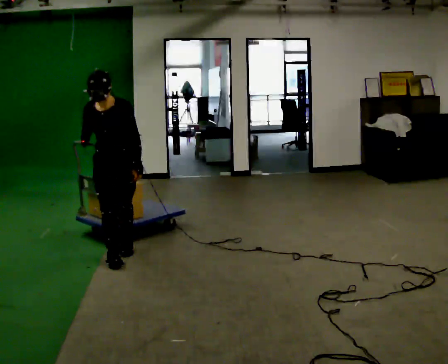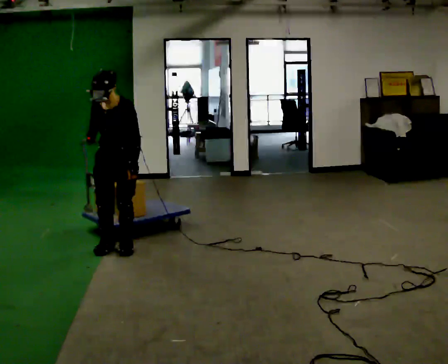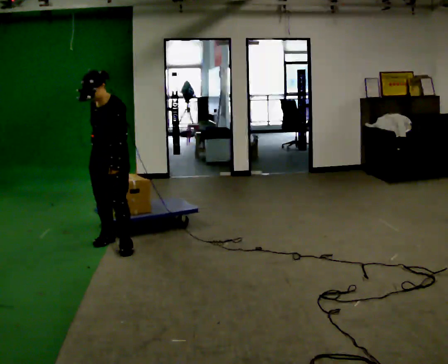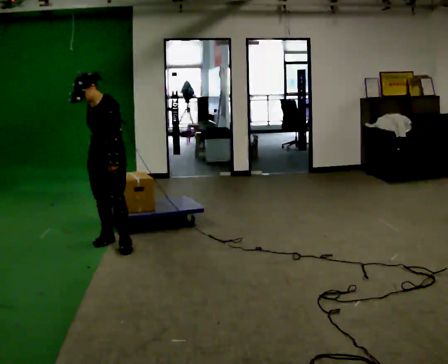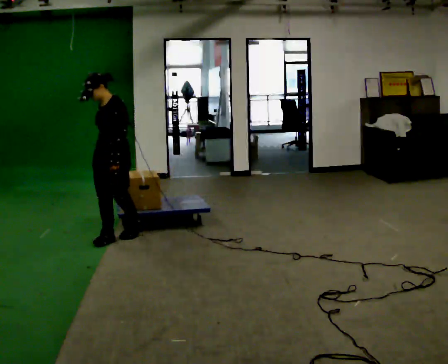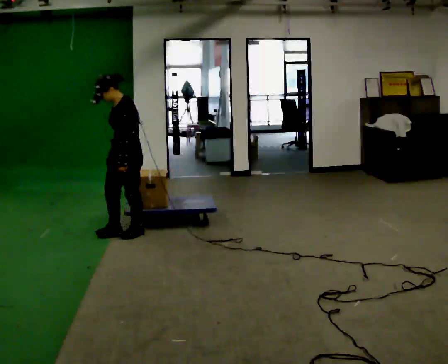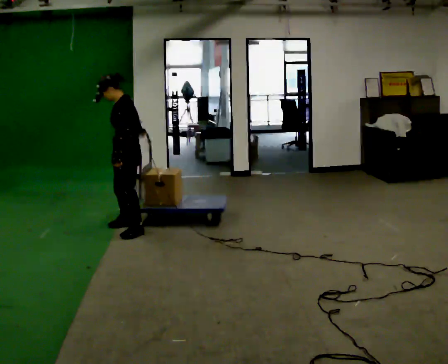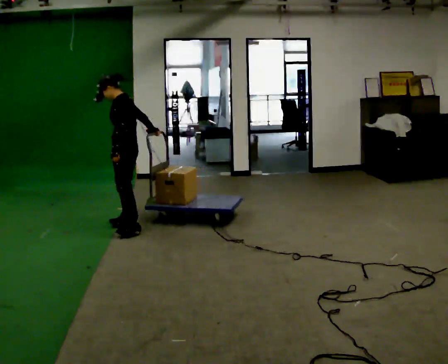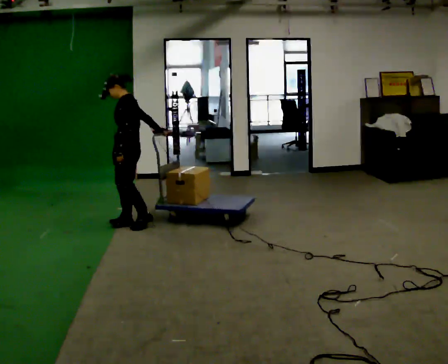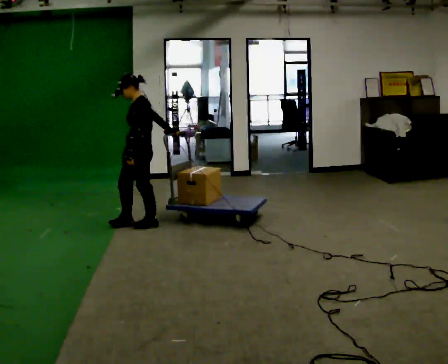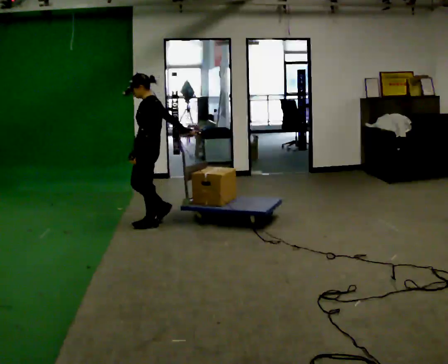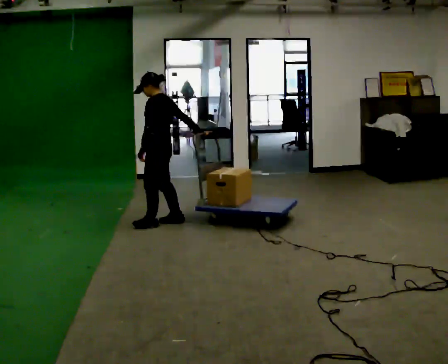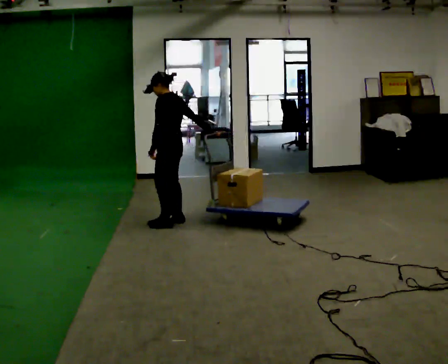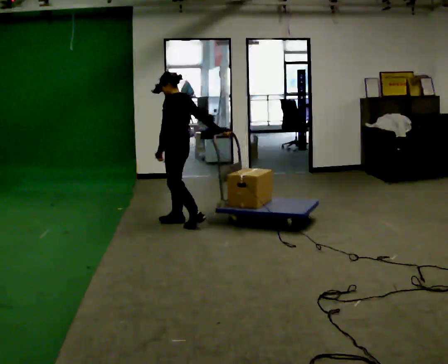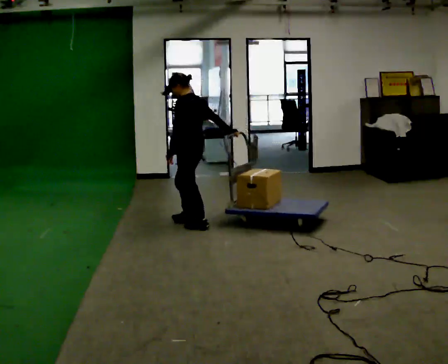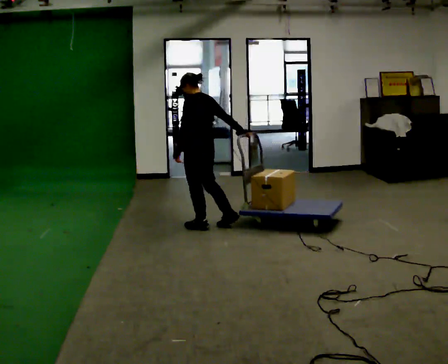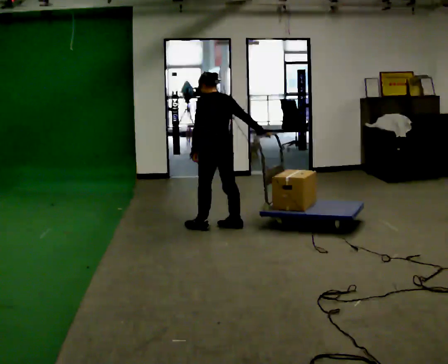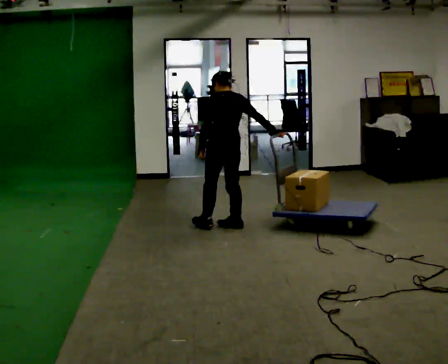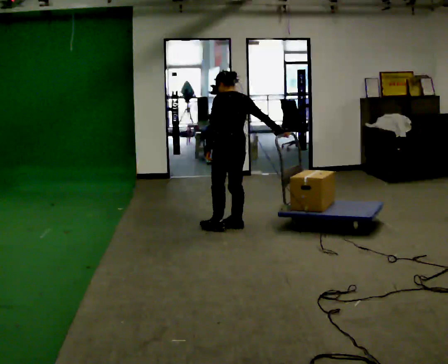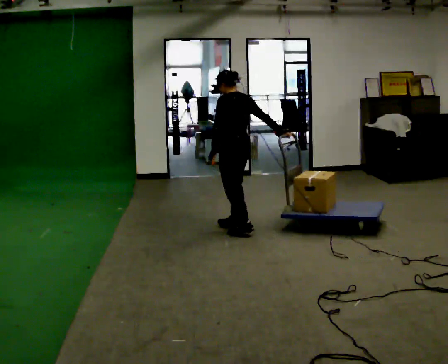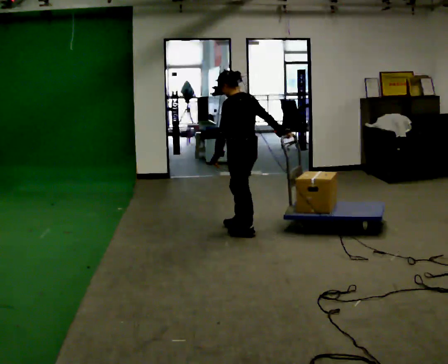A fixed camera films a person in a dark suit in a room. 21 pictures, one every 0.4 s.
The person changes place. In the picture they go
to the right.
The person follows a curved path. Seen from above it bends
clockwise.
0.0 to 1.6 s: Seen from above the body turns clockwise, about 45 degrees: to their right, with its near side sliding to the left. In the picture they go away from the camera, about 0.5 m in 2 steps, which for them is backward and to their right.
1.6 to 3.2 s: The part of the body nearest the lens slides to the left as the person turns to their right by about 30 degrees. In the picture they go away from the camera, about 0.5 m in 2 steps, which for them is to their right and backward.
3.2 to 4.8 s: The part of the body nearest the lens slides to the left as the person turns to their right by about 30 degrees. In the picture they go to the right, about 0.5 m in 2 steps, which for them is backward.
4.8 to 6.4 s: Seen from above the body turns clockwise, about 30 degrees: to their right, with its near side sliding to the left. In the picture they go to the right and toward the camera, about 0.5 m in 1 step, which for them is backward.
6.4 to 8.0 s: In the picture they go toward the camera and to the right, about 0.25 m in 2 steps, which for them is backward.
The film runs backward here.
